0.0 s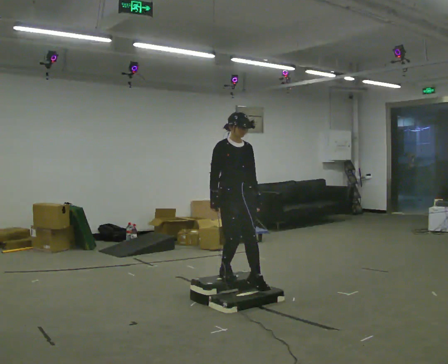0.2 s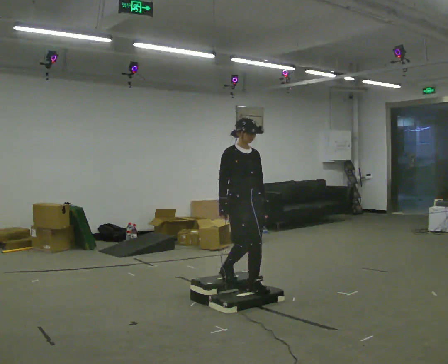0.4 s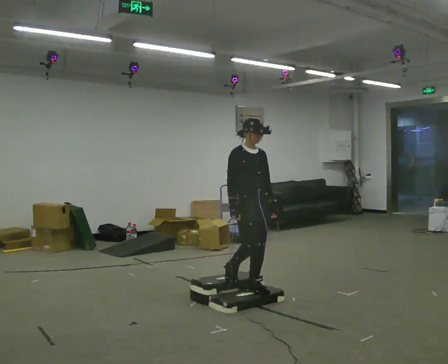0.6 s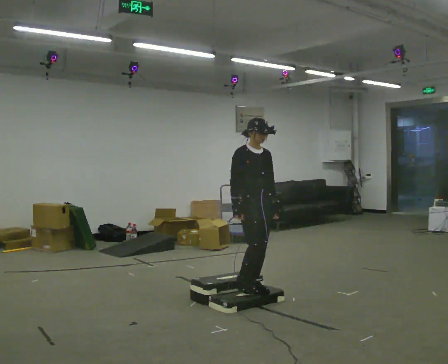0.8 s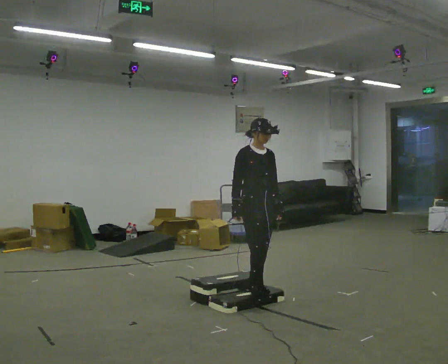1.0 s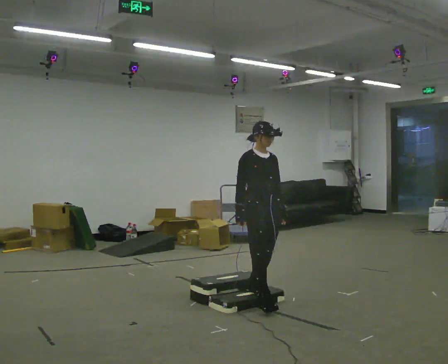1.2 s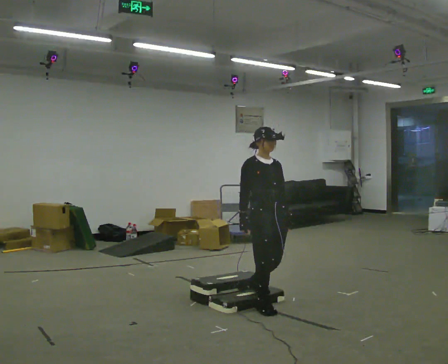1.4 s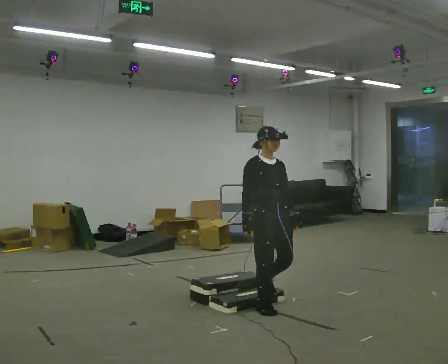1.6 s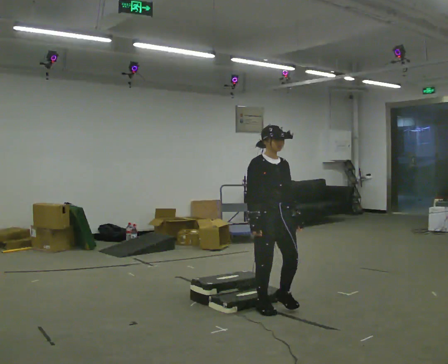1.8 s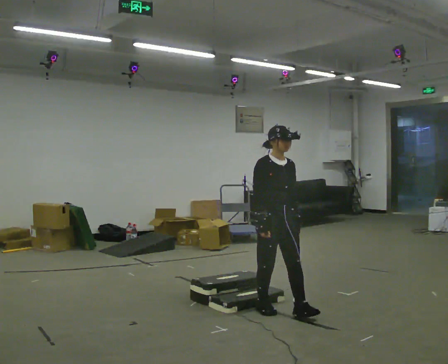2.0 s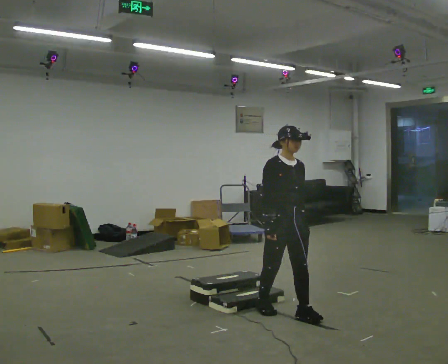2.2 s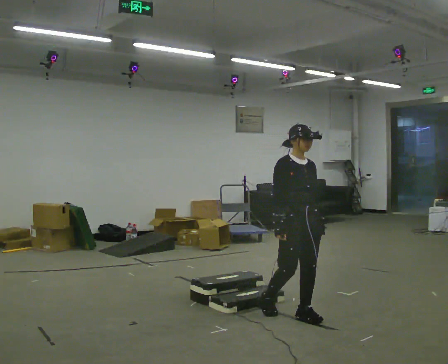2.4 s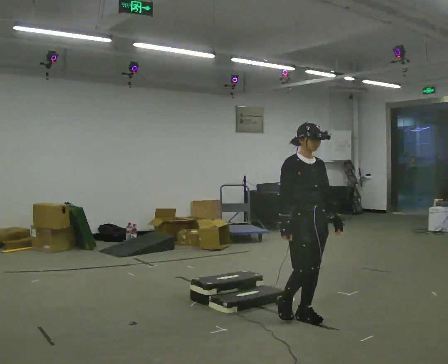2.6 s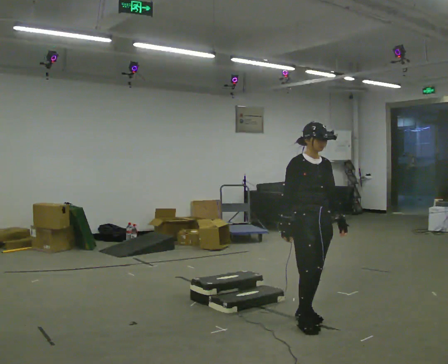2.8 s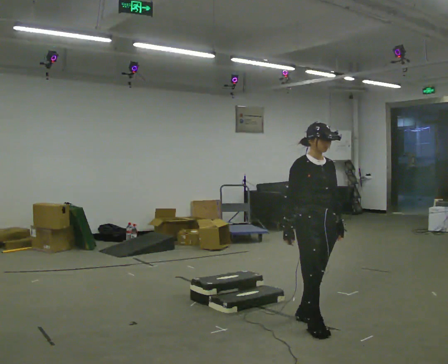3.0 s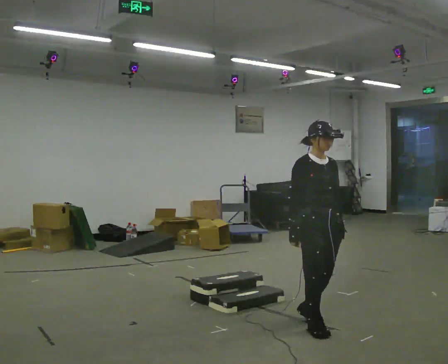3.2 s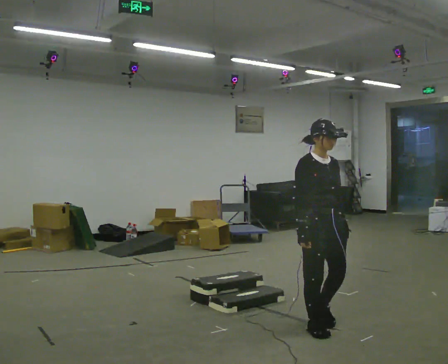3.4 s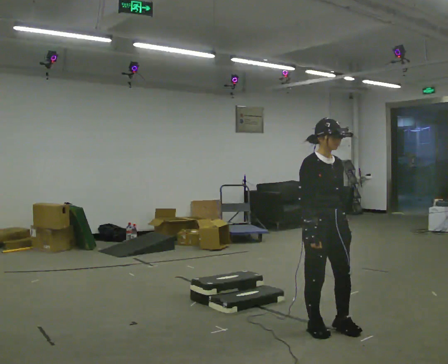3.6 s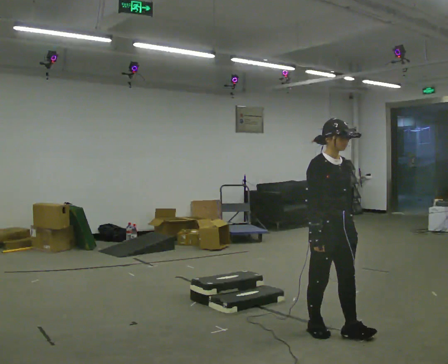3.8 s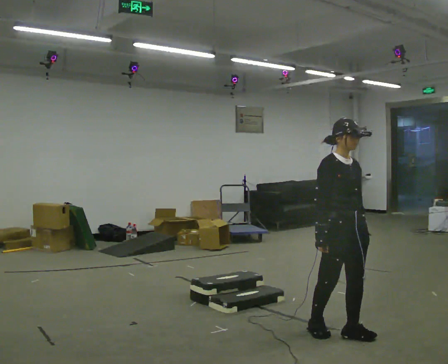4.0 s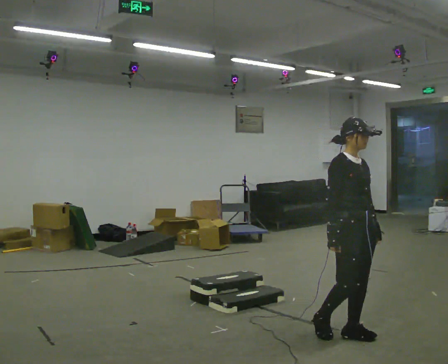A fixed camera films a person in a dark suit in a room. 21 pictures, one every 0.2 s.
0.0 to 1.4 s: In the picture they go to the right and toward the camera, about 0.5 m in 1 step, which for them is forward.
1.4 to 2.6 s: In the picture they go to the right and toward the camera, about 0.5 m in 1 step, which for them is forward.
2.6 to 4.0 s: In the picture they go toward the camera and to the right, about 0.5 m in 2 steps, which for them is forward.
The film runs forward here.
